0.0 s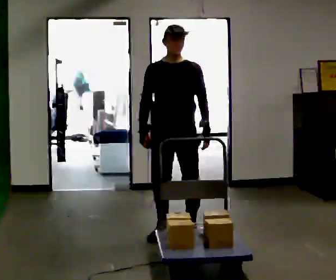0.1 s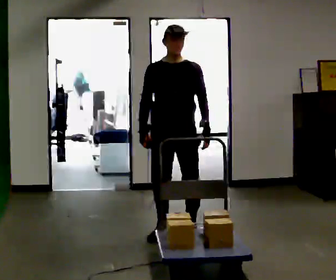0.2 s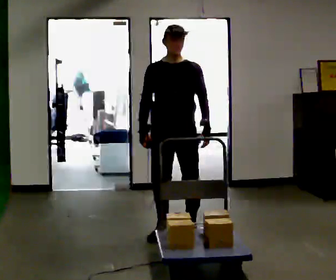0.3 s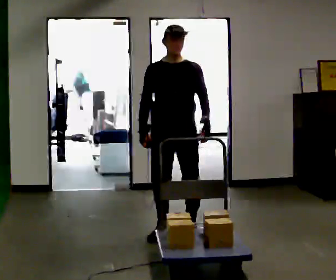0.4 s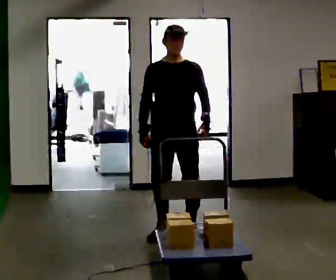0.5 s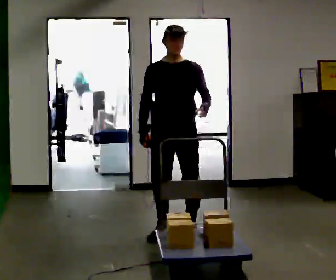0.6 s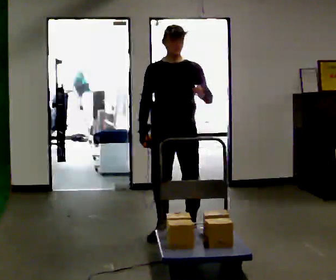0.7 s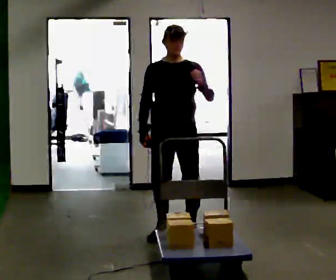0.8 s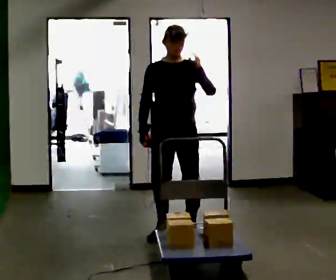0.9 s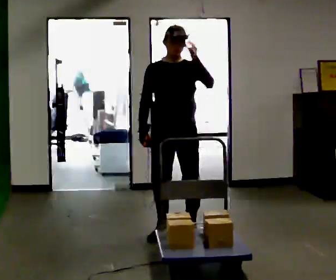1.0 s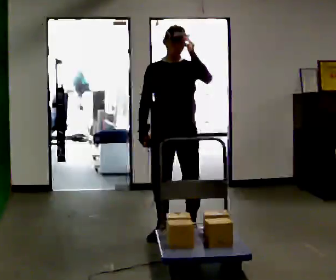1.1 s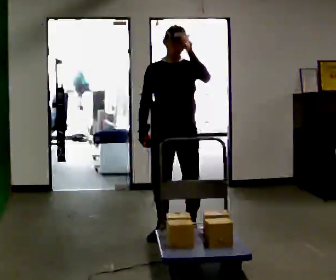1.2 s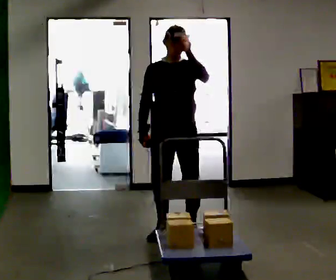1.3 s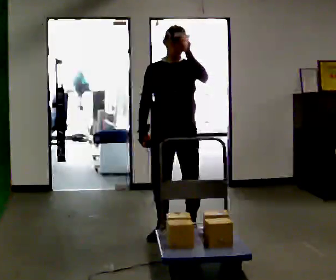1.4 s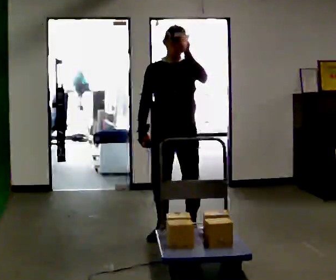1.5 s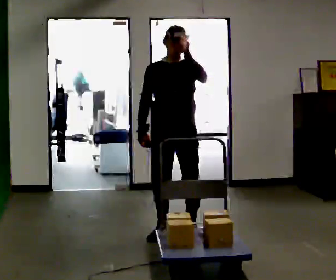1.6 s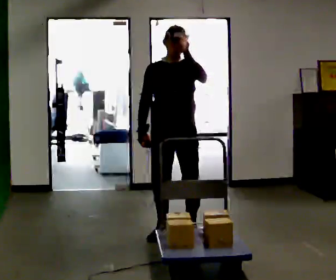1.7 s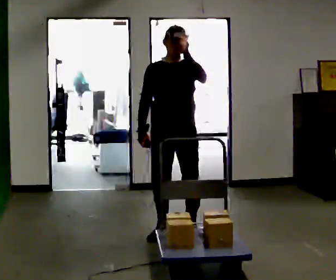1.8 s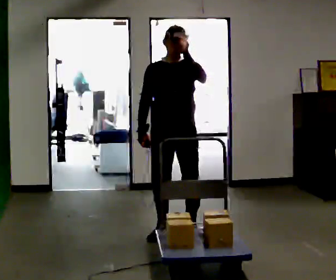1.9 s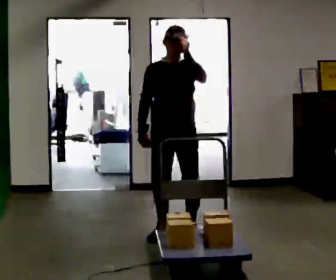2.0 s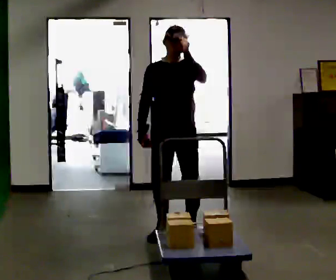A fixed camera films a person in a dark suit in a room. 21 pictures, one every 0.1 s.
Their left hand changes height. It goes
upward.
0.0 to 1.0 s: In the picture their left hand goes upward.
1.0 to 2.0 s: The person moves a little, or ends about where they began.
The film runs forward here.
